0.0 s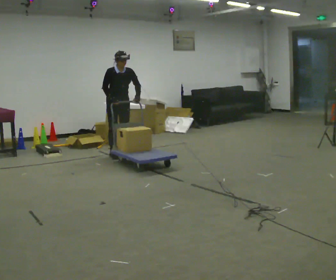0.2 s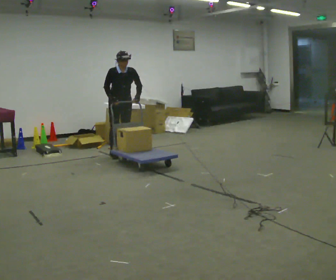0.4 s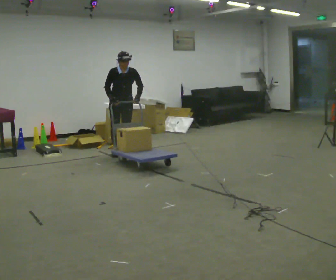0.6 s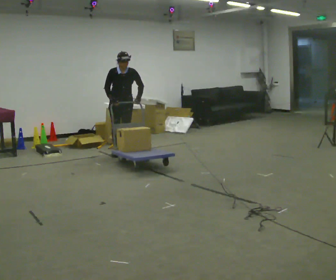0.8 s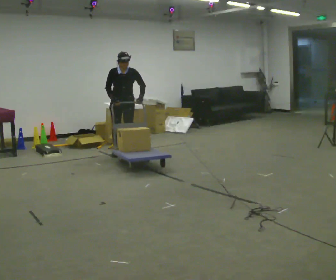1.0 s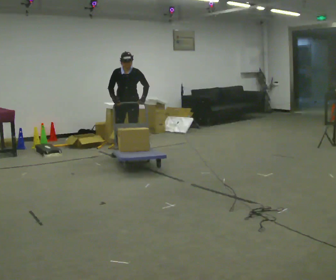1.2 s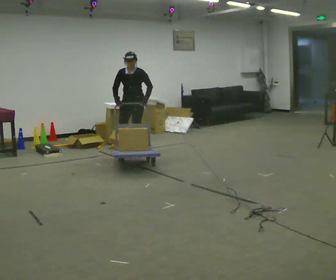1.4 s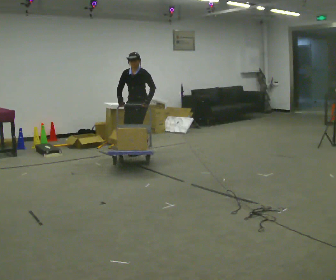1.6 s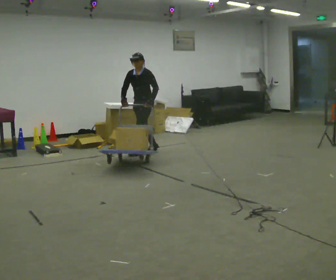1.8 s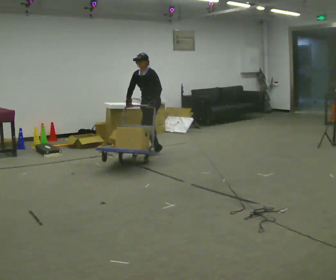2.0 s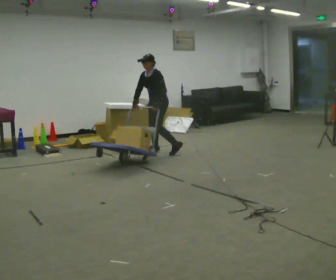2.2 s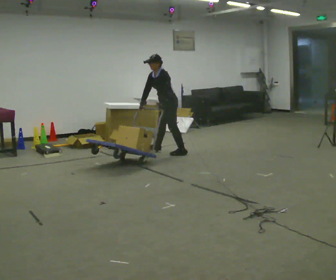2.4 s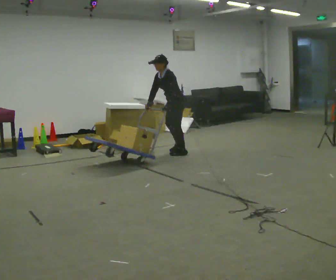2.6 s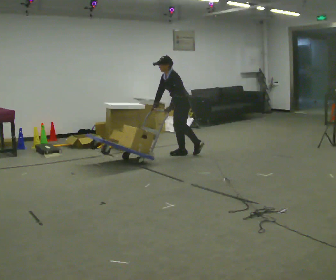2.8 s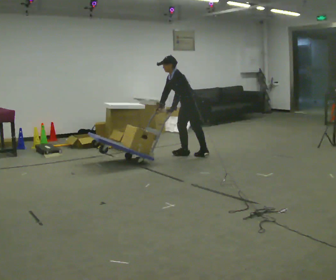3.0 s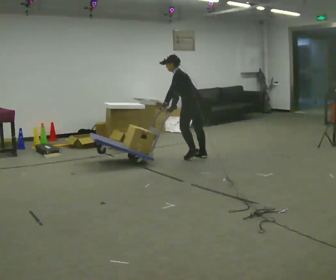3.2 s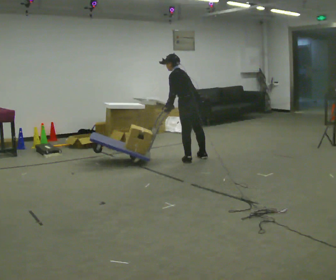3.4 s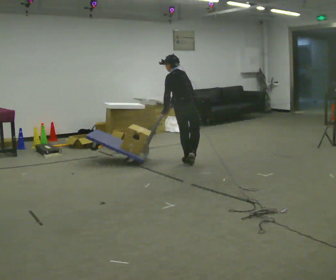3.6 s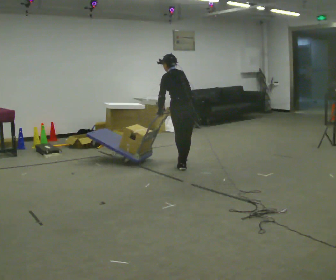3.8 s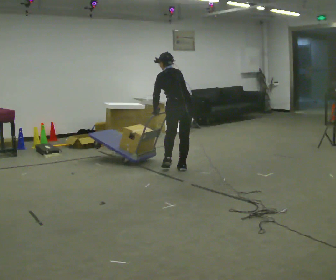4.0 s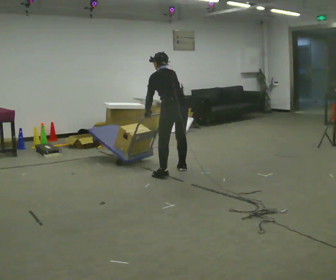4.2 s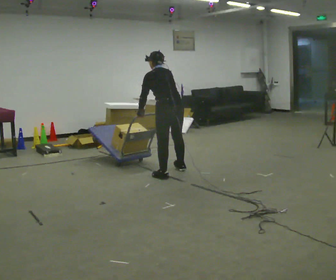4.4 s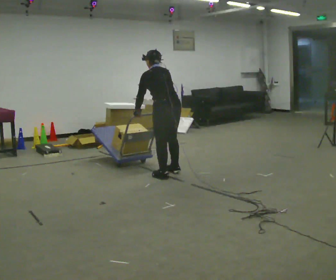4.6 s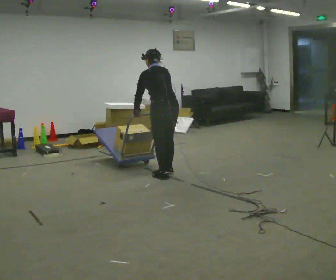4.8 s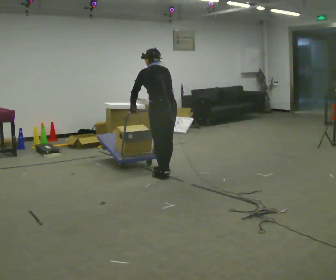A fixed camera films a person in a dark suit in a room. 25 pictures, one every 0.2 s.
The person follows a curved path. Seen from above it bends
clockwise.
The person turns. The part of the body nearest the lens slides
to the left.
0.0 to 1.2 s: The part of the body nearest the lens slides to the left as the person turns to their right by about 45 degrees. In the picture they go to the right, about 0.25 m in 2 steps, which for them is to their left.
1.2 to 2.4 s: Seen from above the body turns clockwise, about 60 degrees: to their right, with its near side sliding to the left. In the picture they go to the right, about 0.75 m in 2 steps, which for them is backward and to their left. In the picture the upper body tilts counterclockwise, shoulders to the left, as they bend forward.
2.4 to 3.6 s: The part of the body nearest the lens slides to the left as the person turns to their right by about 90 degrees. In the picture they go toward the camera, about 0.5 m in 3 steps. The upper body tips away from the camera, its near side rolling upward.
3.6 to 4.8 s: In the picture they go toward the camera, about 0.5 m in 1 step, which for them is to their left and backward.
The film runs backward here.
